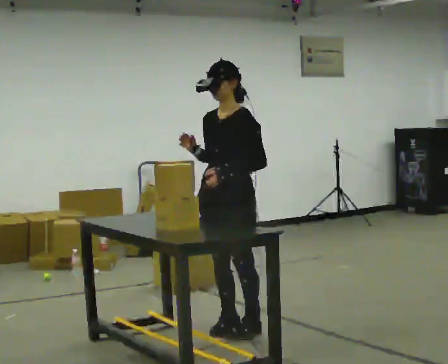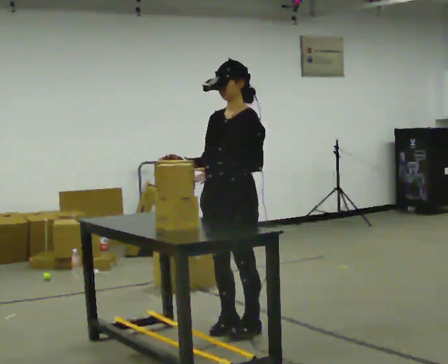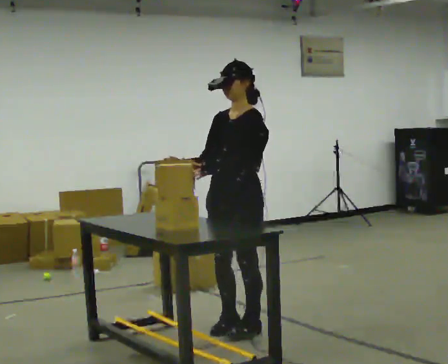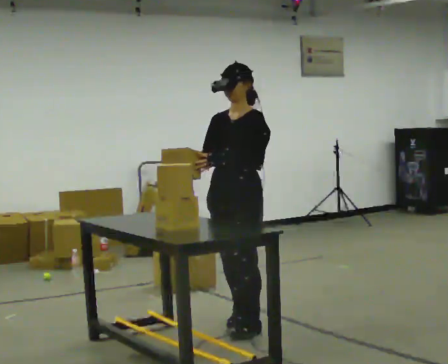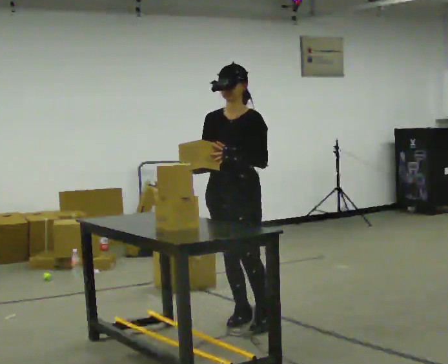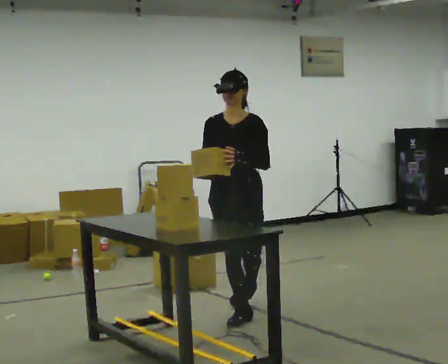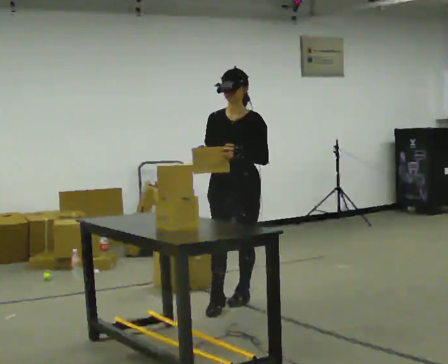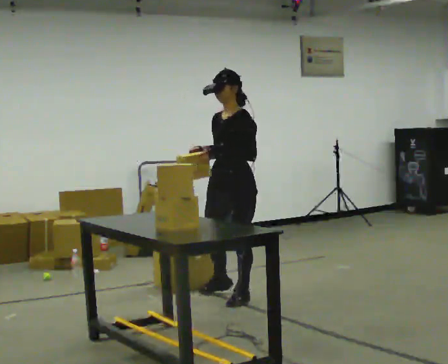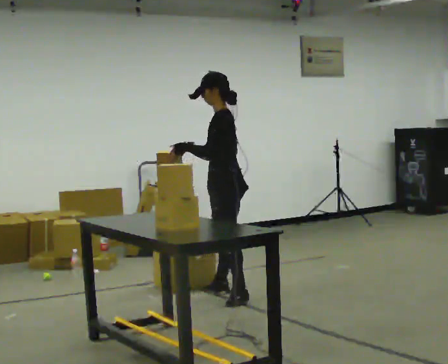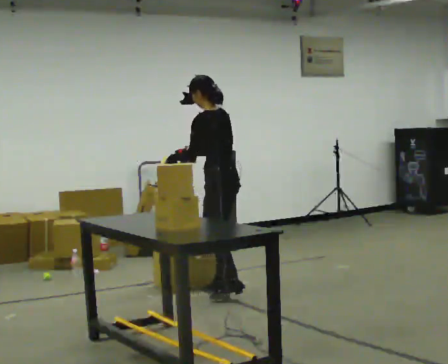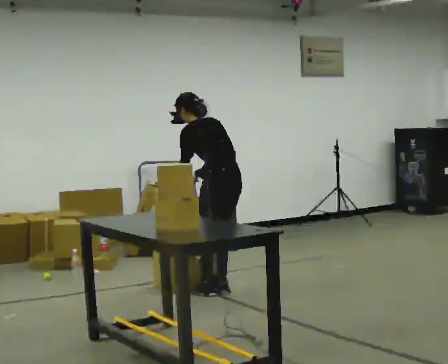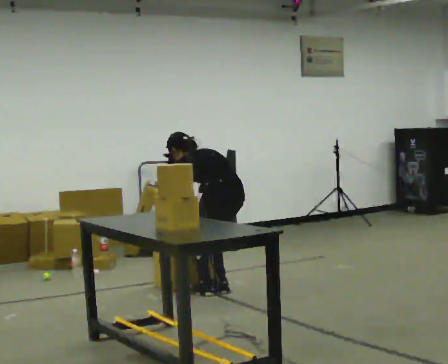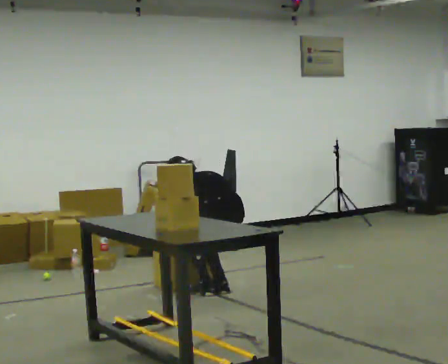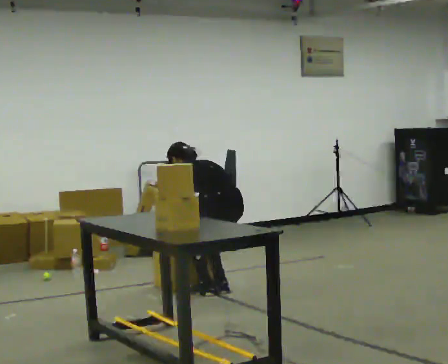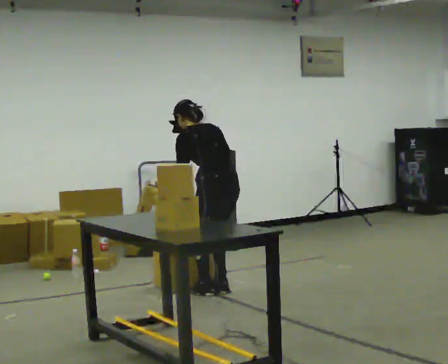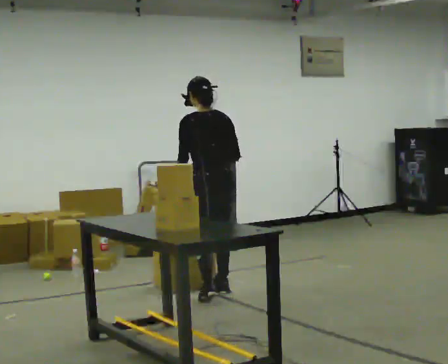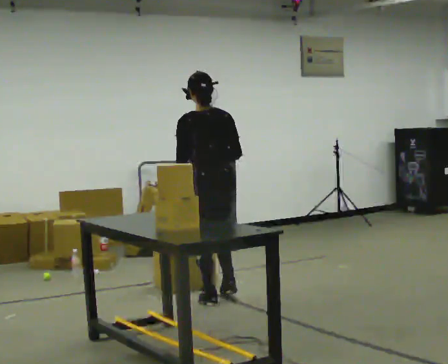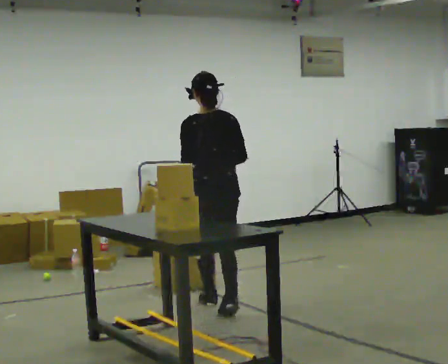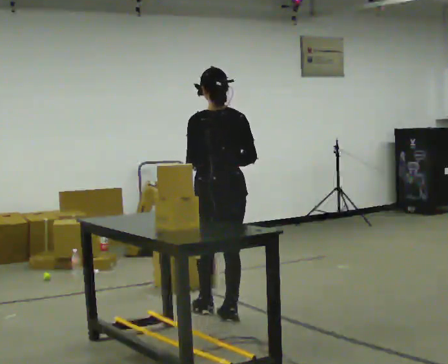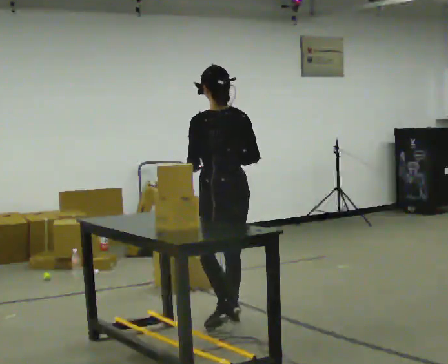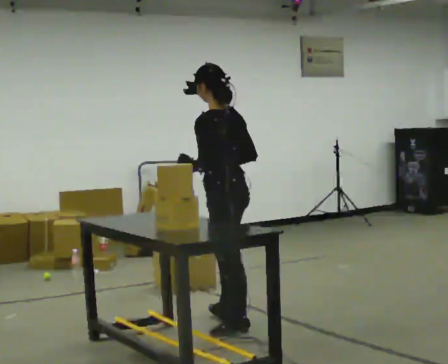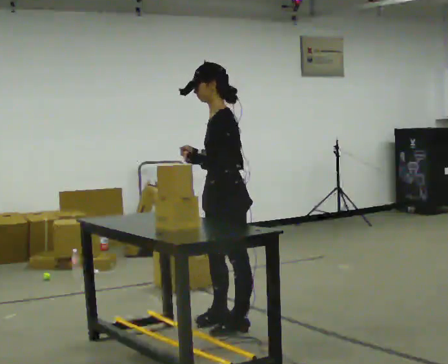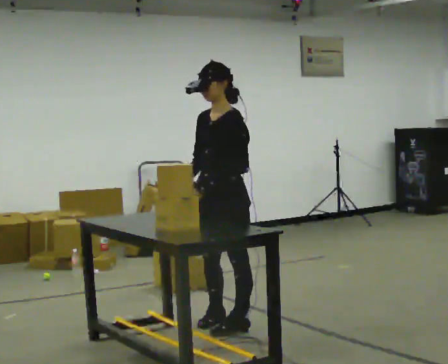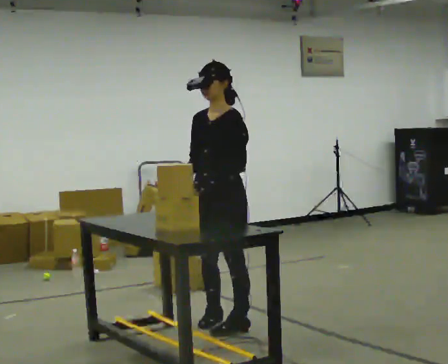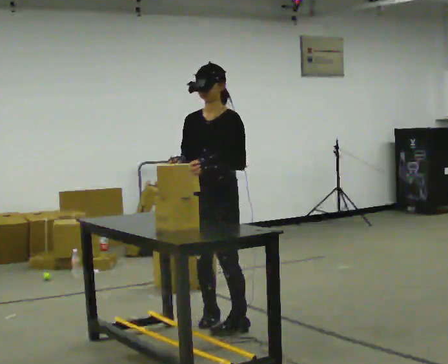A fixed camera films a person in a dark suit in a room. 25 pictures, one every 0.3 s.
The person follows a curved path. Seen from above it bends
counterclockwise.
0.0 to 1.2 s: In the picture they go away from the camera, about 0.25 m in 2 steps, which for them is backward and to their right.
1.2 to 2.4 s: The person turns about 60 degrees to their right, clockwise seen from above, so the part of the body nearest the lens slides to the left. In the picture they go away from the camera, about 0.5 m in 1 step.
2.4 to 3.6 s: The person turns about 60 degrees to their right, clockwise seen from above, so the part of the body nearest the lens slides to the left. The upper body goes downward. The upper body tips away from the camera, its near side rolling upward, as they bend forward. In the picture their right hand goes downward, the arm swinging counterclockwise.
3.6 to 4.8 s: In the picture they go toward the camera, about 0.25 m in 2 steps, which for them is to their left. The shoulders move upward. The upper body tips toward the camera, its near side rolling downward, as they lean back or straighten. In the picture their right hand goes upward.
4.8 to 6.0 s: The part of the body nearest the lens slides to the right as the person turns to their left by about 45 degrees. In the picture they go toward the camera, about 0.75 m in 1 step, which for them is backward.
6.0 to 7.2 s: The person turns about 90 degrees to their left, counterclockwise seen from above, so the part of the body nearest the lens slides to the right.
The film runs backward here.
